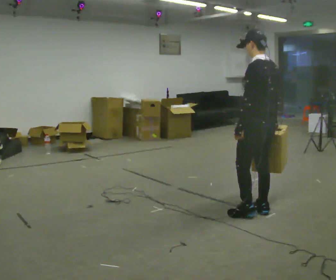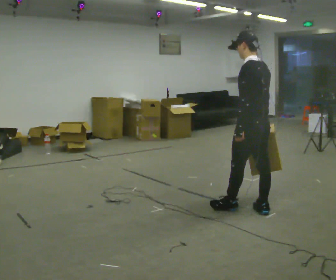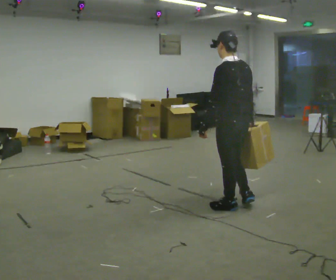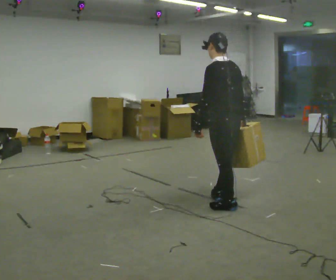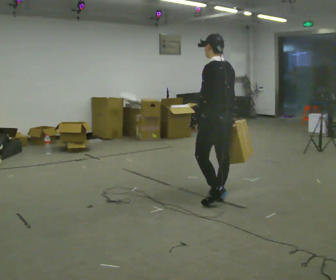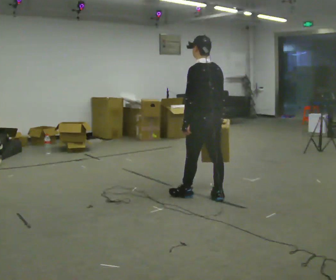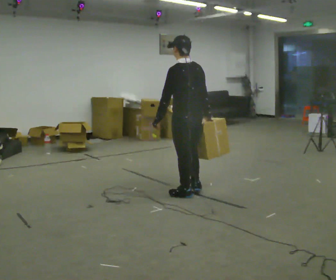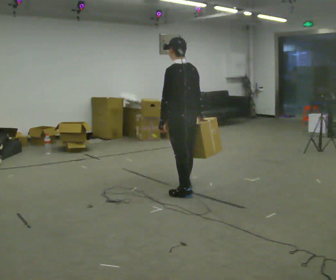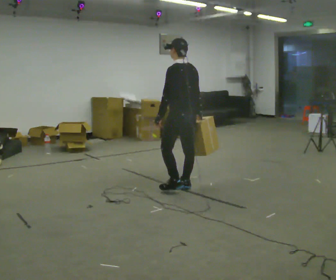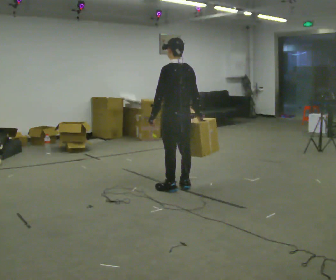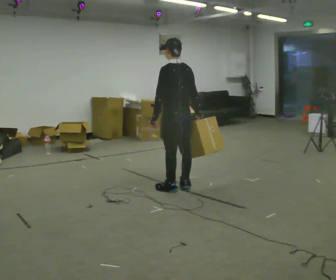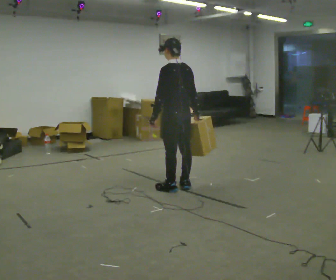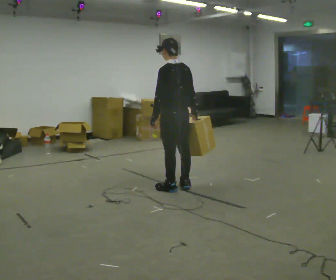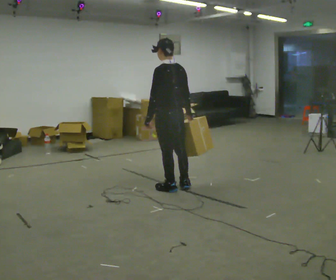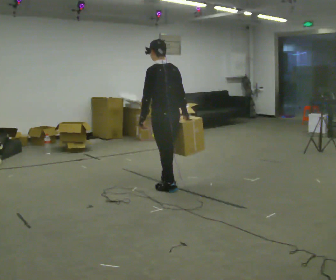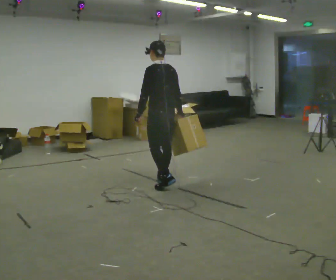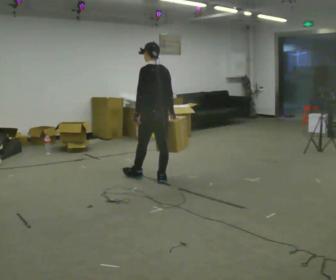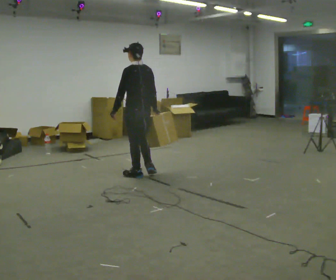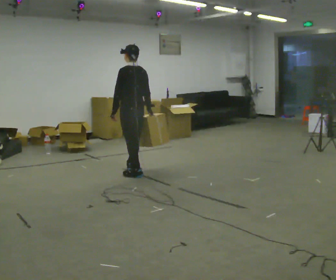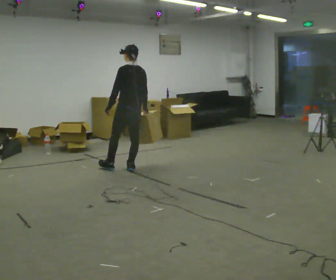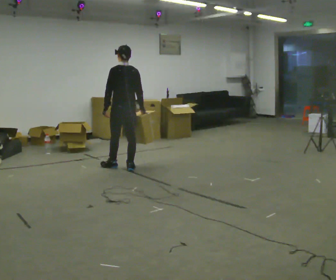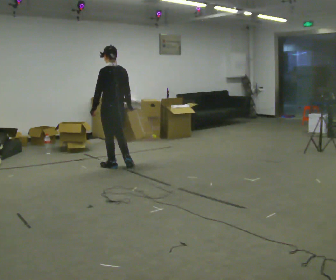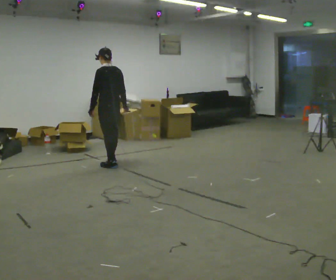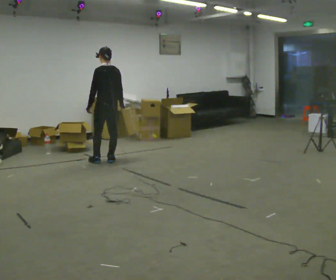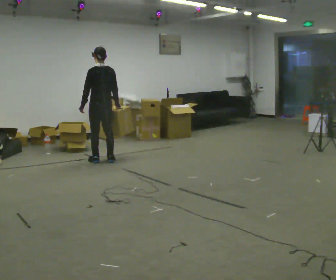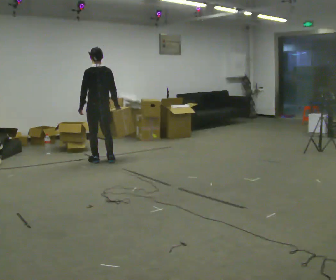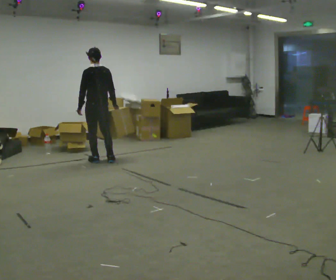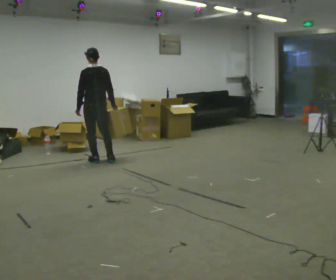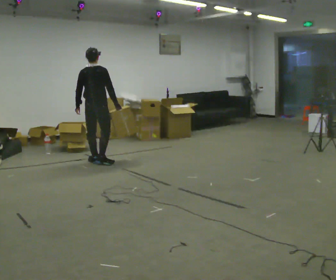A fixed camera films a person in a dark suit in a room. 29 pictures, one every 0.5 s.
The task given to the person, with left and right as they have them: Carry the box across the room, stopping and starting again each time the operator says stop and go. Do not set the box down.
0.0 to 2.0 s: In the picture they go away from the camera and to the left, about 0.5 m in 2 steps, which for them is forward.
2.0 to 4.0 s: In the picture they go away from the camera and to the left, about 0.5 m in 2 steps, which for them is forward.
4.0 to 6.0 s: The person moves a little, or ends about where they began.
6.0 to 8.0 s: In the picture they go away from the camera and to the left, about 0.5 m in 1 step, which for them is forward.
8.0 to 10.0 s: In the picture they go away from the camera and to the left, about 0.5 m in 3 steps, which for them is forward.
10.0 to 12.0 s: In the picture they go away from the camera and to the left, about 0.5 m in 2 steps, which for them is forward.
12.0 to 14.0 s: The part of the body nearest the lens slides to the left as the person turns to their right by about 45 degrees.
The film runs forward here.
